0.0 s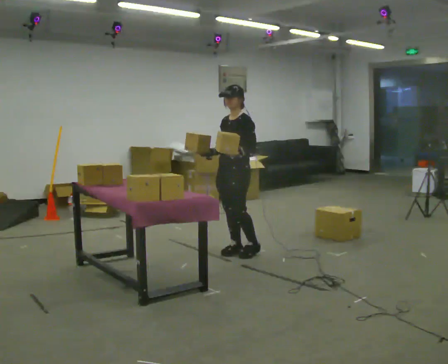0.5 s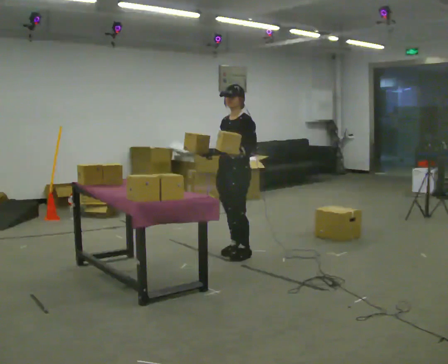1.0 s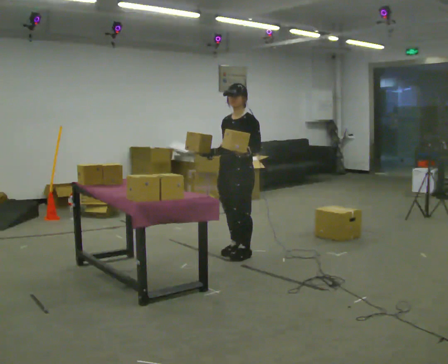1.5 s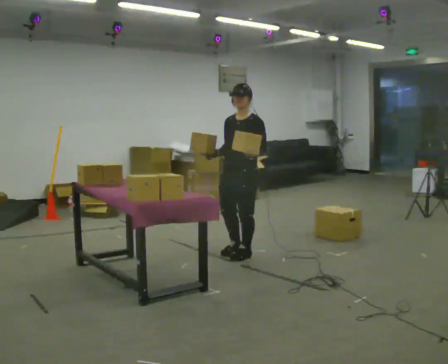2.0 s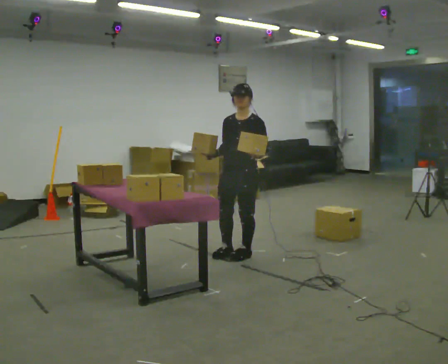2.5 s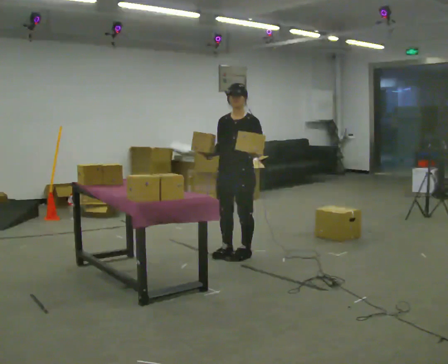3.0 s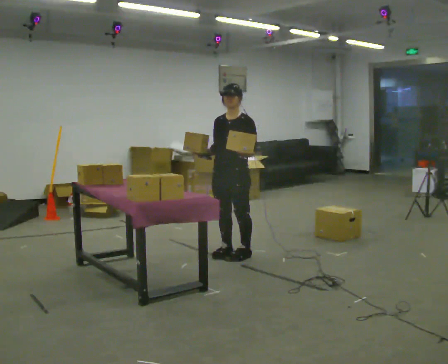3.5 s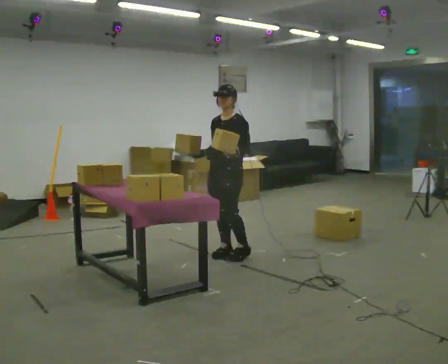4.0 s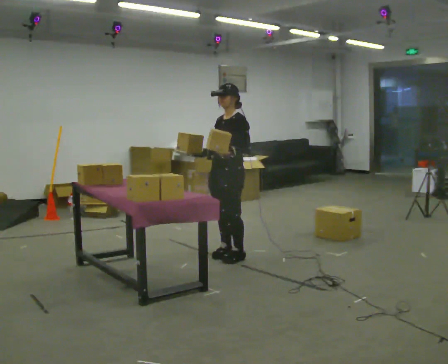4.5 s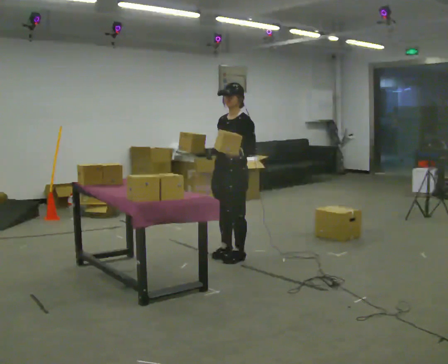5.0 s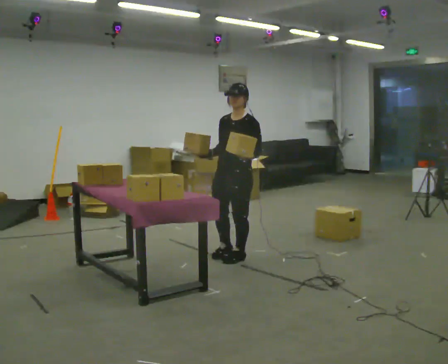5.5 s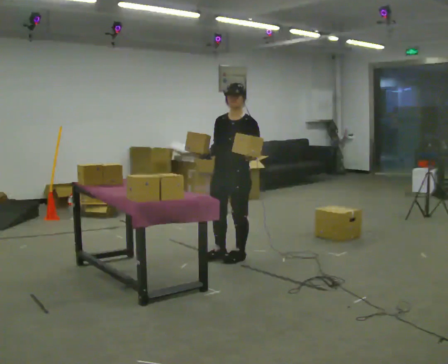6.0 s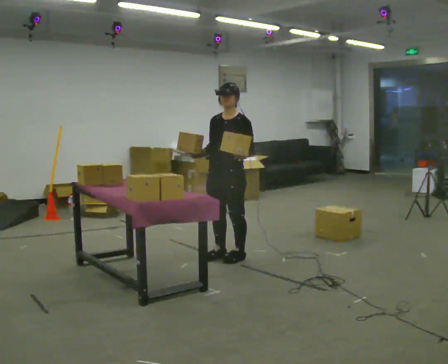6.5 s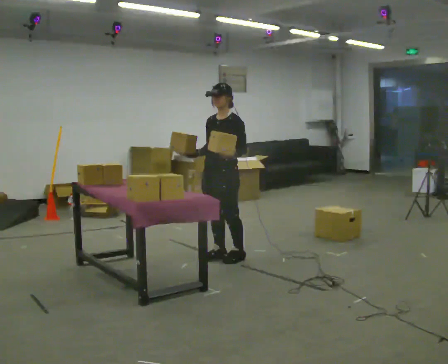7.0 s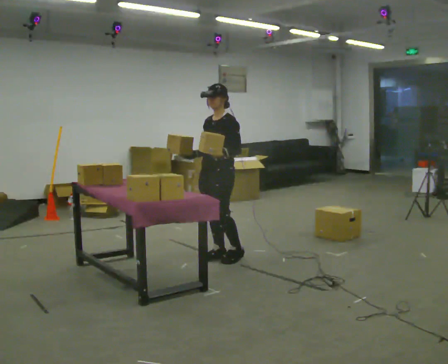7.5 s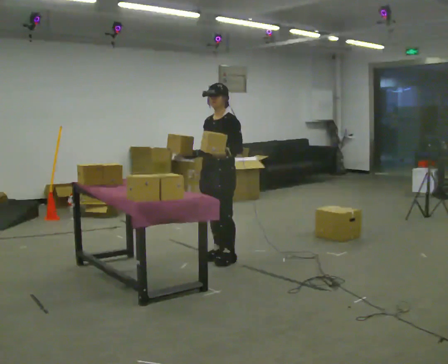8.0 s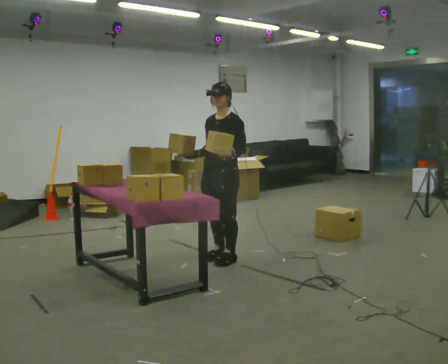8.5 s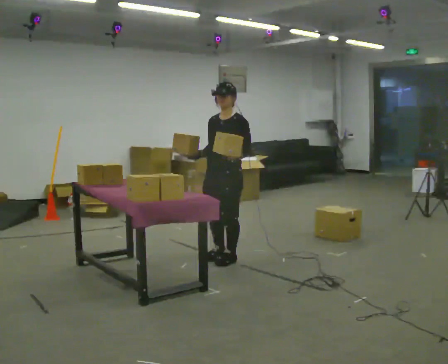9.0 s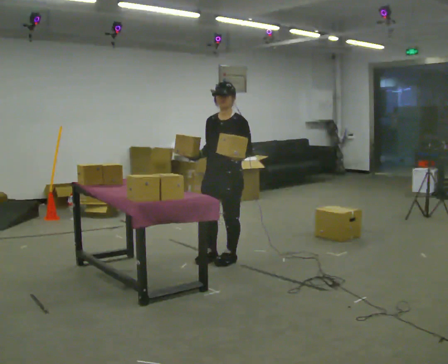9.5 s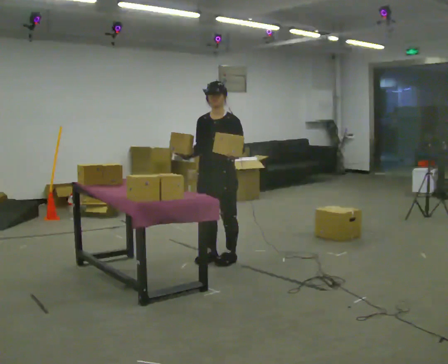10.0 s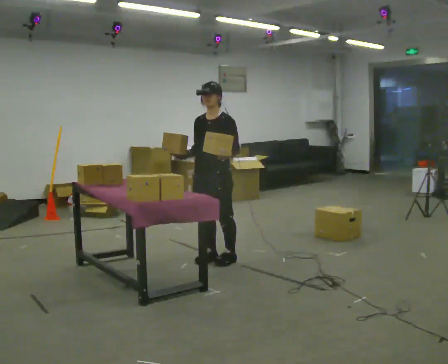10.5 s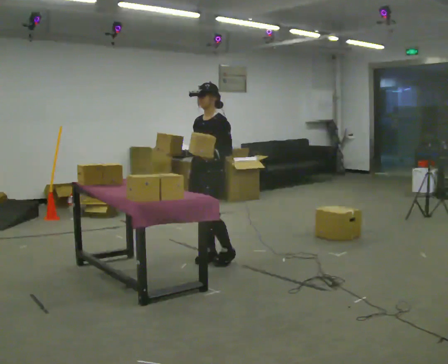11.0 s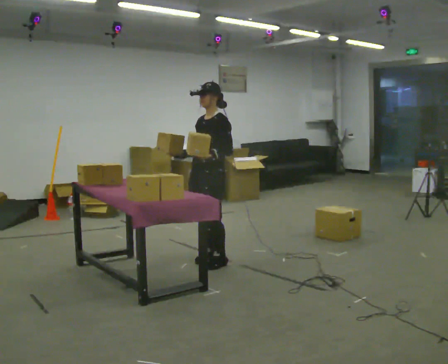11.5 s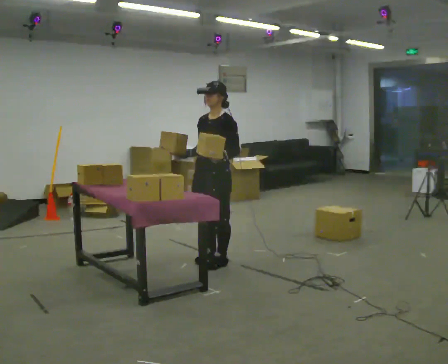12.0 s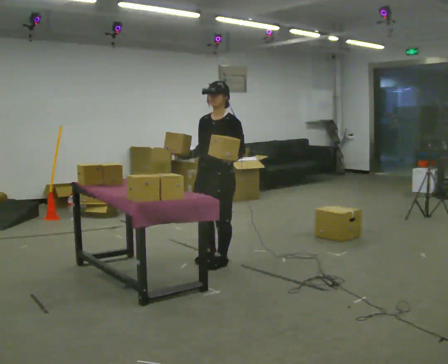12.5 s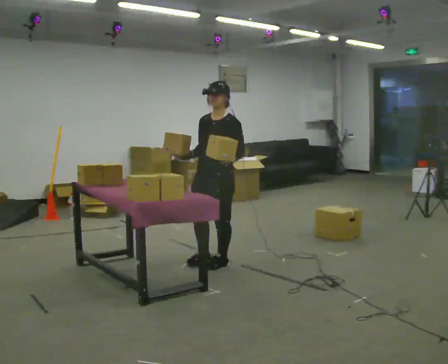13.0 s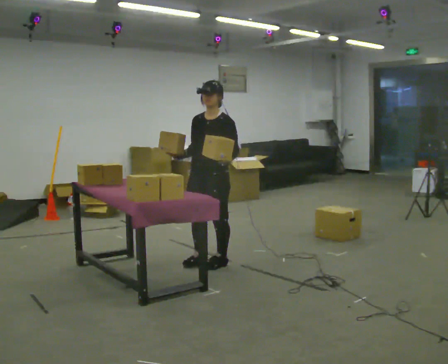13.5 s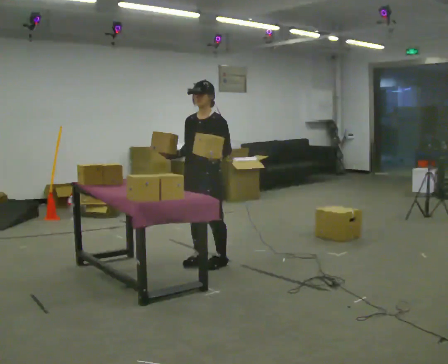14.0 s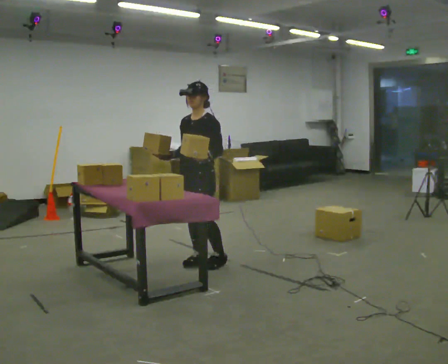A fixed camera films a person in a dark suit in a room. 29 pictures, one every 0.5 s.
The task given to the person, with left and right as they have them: Pick up both objects, carry them together, then put each one in a different place. Keep going until the operator says stop; one object at a time, and do not rush between trips.
0.0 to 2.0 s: In the picture they go toward the camera, about 0.25 m, which for them is to their left.
2.0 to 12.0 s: In the picture they go to the left and toward the camera, about 0.25 m, which for them is forward.
12.0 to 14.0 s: In the picture they go to the left, about 0.25 m in 1 step, which for them is to their right.
The film runs forward here.
